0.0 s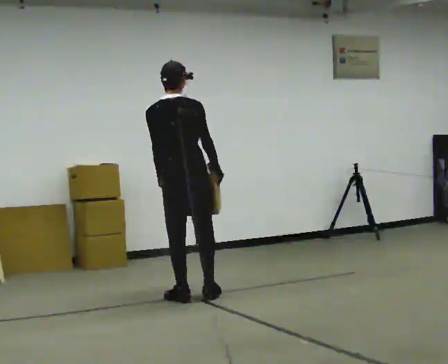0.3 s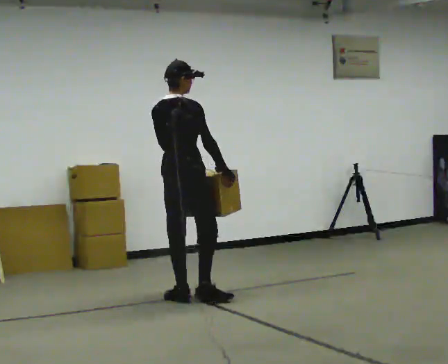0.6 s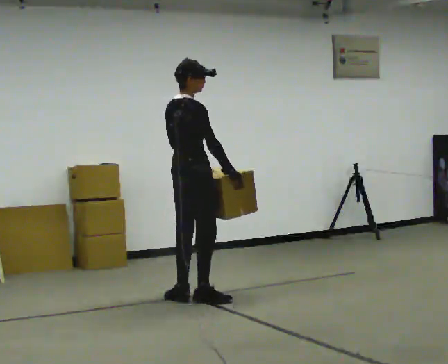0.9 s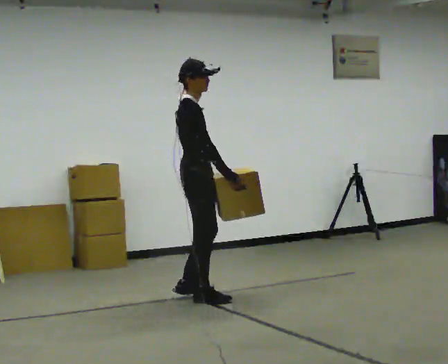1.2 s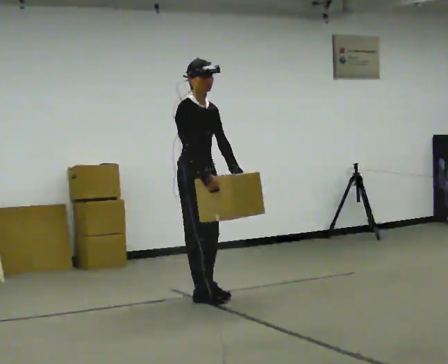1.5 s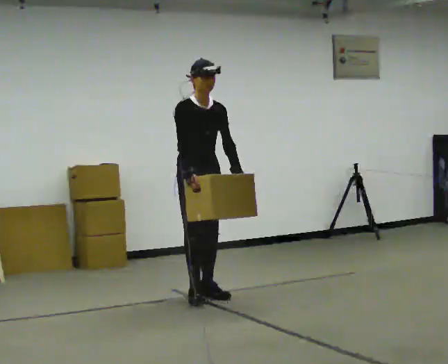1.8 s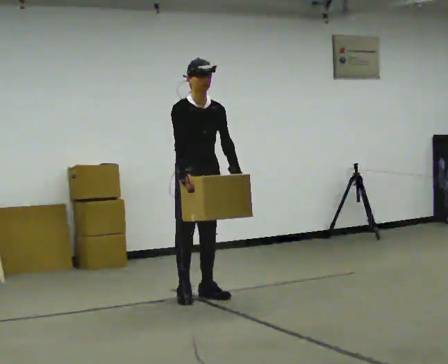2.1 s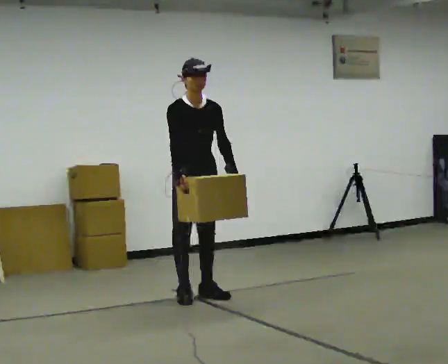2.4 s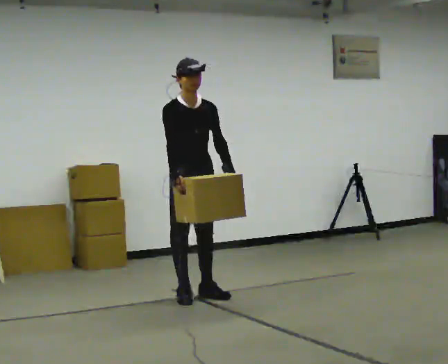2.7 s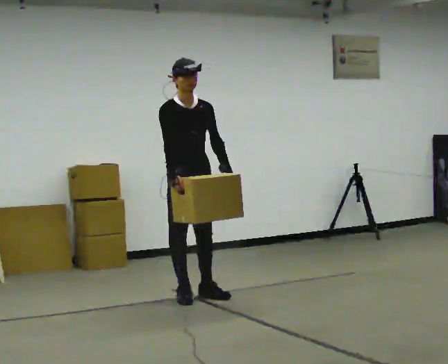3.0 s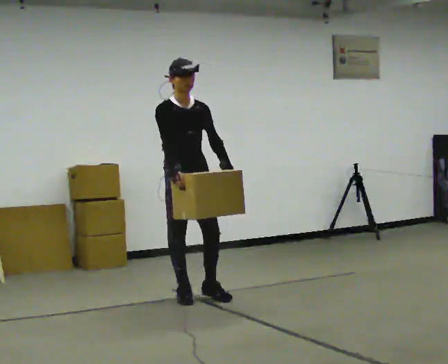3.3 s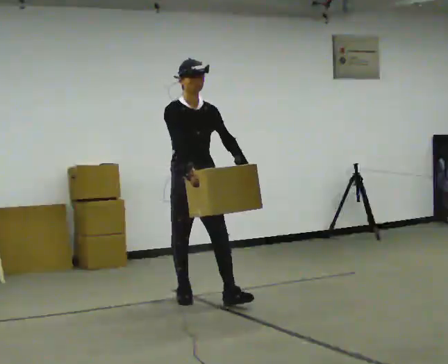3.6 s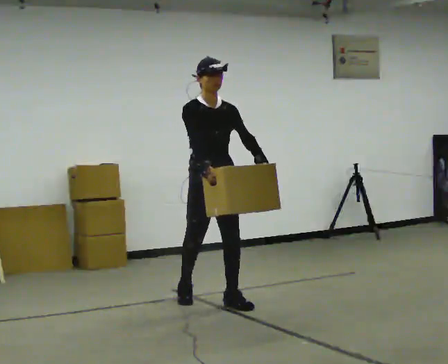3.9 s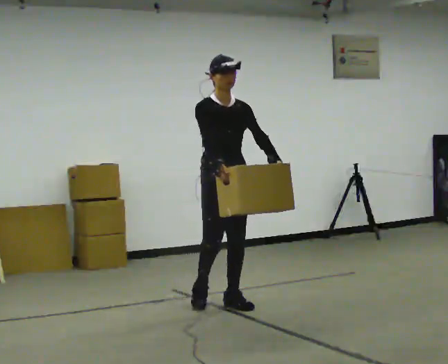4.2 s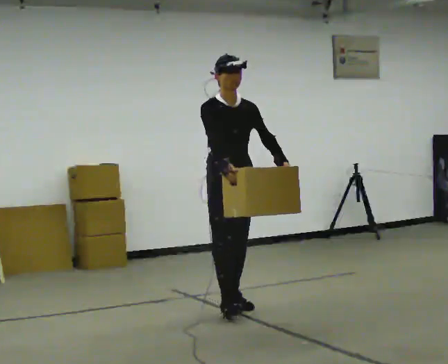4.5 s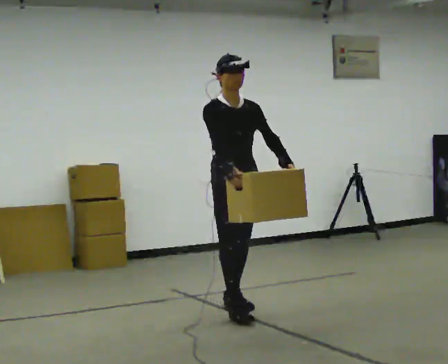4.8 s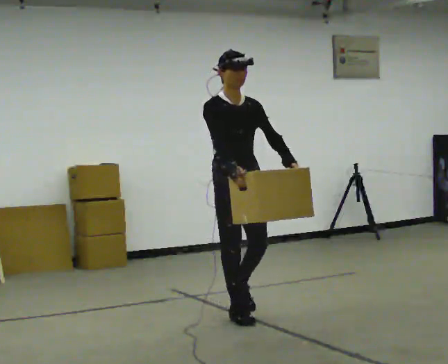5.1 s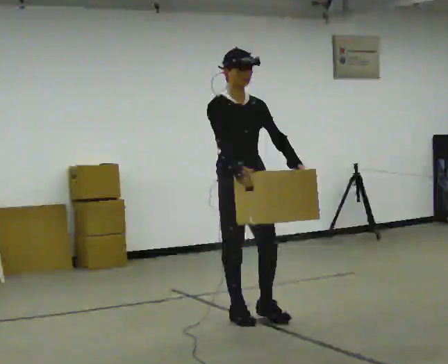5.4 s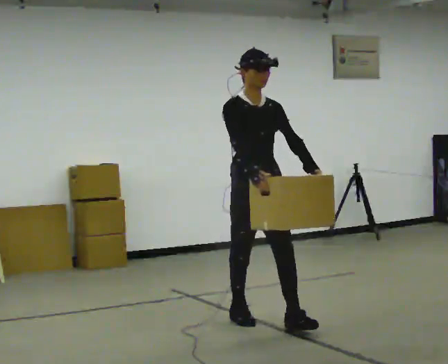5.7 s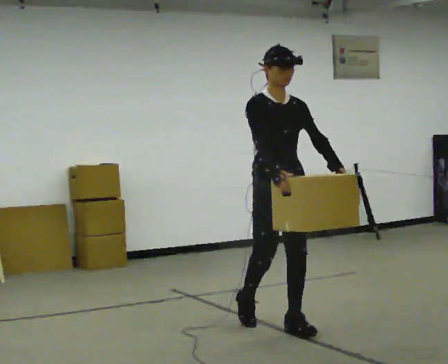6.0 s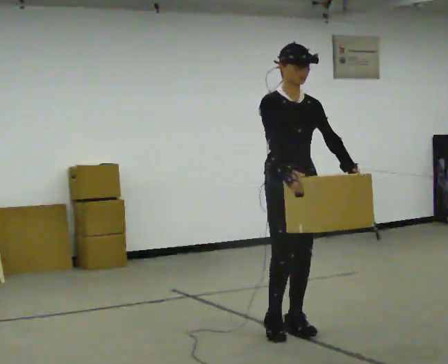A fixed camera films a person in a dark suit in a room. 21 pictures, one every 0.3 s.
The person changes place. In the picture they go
toward the camera.
The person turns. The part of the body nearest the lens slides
to the left.
0.0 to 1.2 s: The person turns about 120 degrees to their right, clockwise seen from above, so the part of the body nearest the lens slides to the left.
1.2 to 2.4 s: The person turns about 30 degrees to their right, clockwise seen from above, so the part of the body nearest the lens slides to the left.
2.4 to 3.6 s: In the picture they go toward the camera and to the right, about 0.25 m in 1 step, which for them is forward.
3.6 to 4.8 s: In the picture they go toward the camera, about 0.5 m in 1 step, which for them is forward.
4.8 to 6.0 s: In the picture they go toward the camera and to the right, about 0.5 m in 1 step, which for them is forward.
The film runs forward here.
